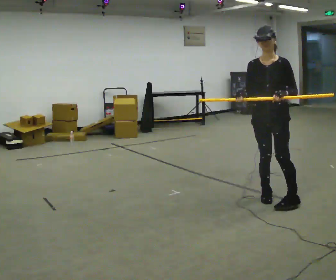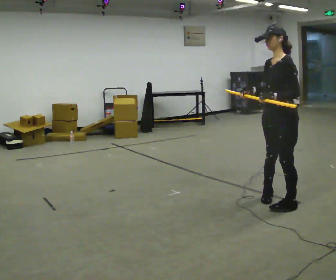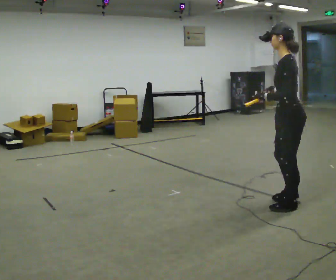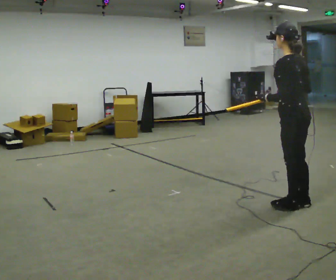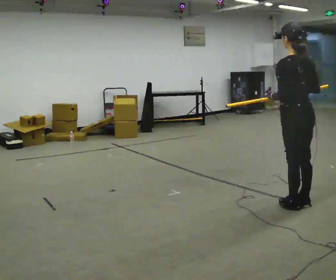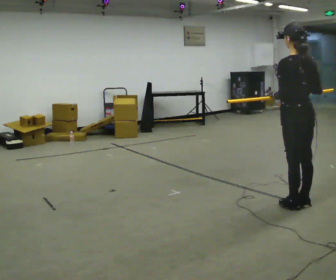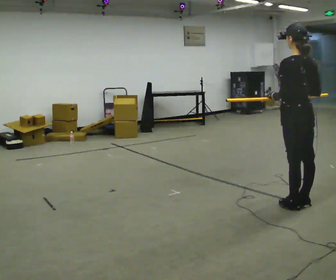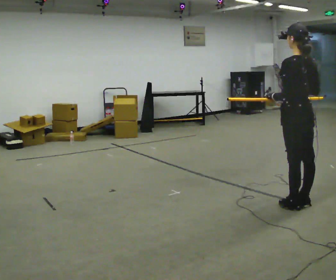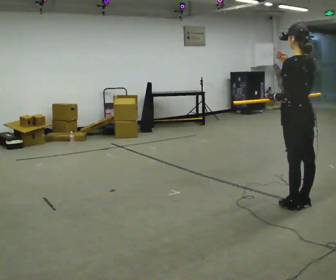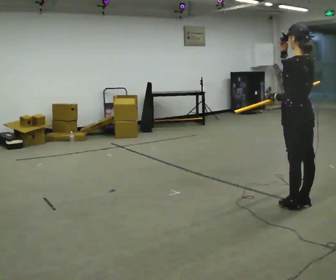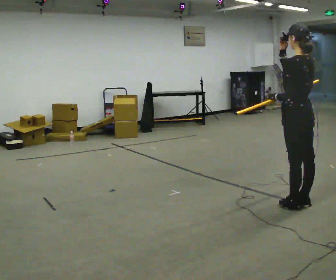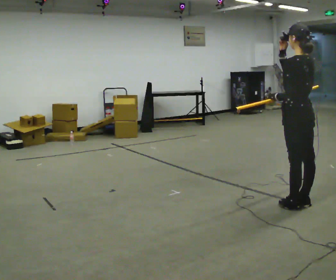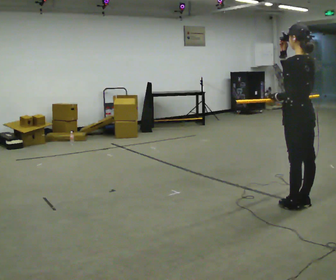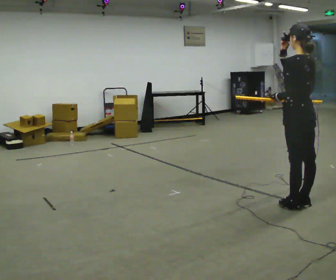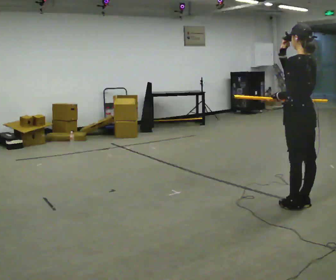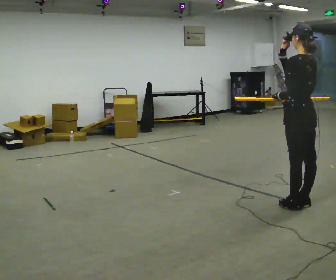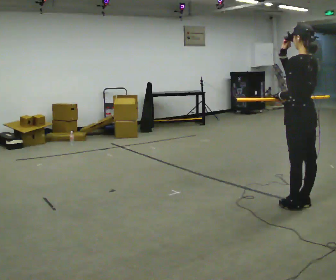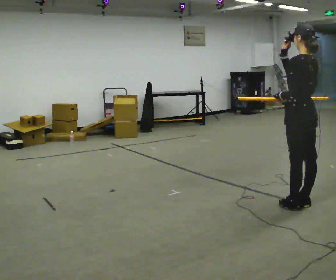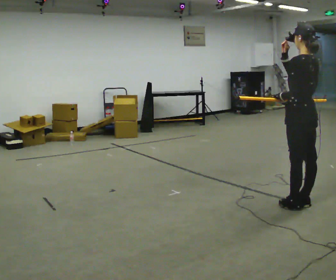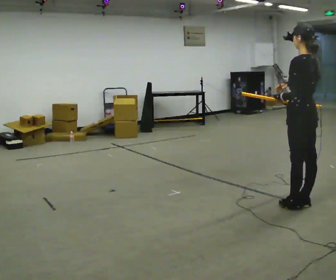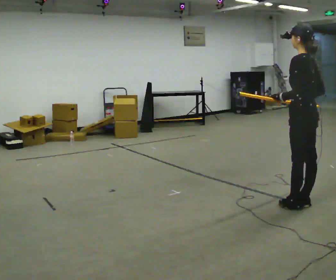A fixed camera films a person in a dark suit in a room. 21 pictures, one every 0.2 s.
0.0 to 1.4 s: The part of the body nearest the lens slides to the left as the person turns to their right by about 120 degrees. In the picture they go to the right and toward the camera, about 0.25 m in 2 steps.
1.4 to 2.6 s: The person moves a little, or ends about where they began.
2.6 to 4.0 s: In the picture their right hand goes downward.
The film runs forward here.
